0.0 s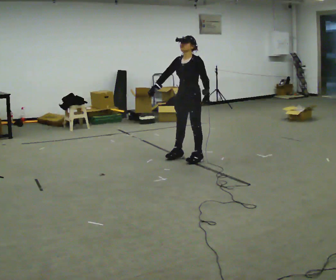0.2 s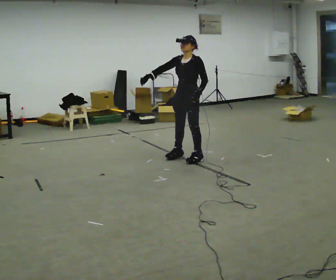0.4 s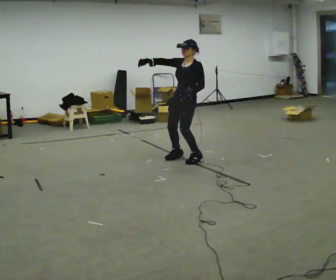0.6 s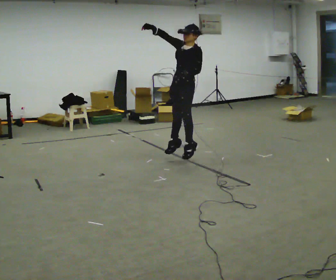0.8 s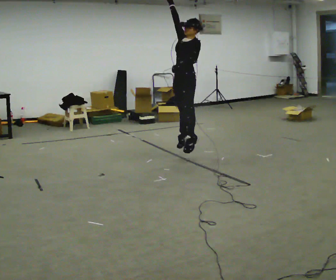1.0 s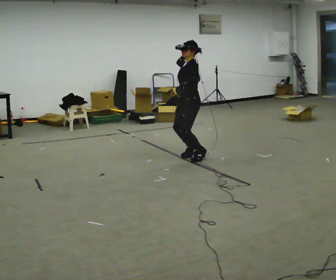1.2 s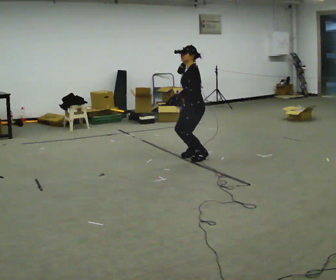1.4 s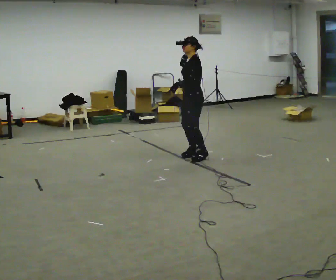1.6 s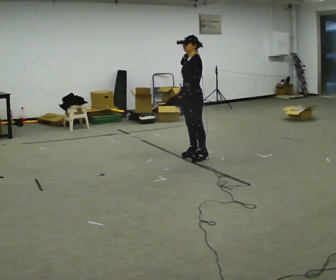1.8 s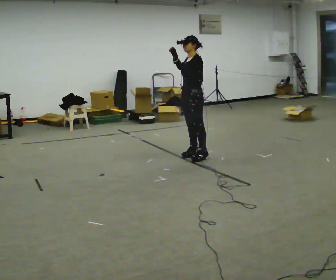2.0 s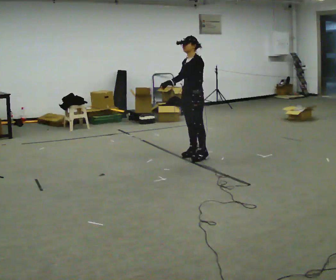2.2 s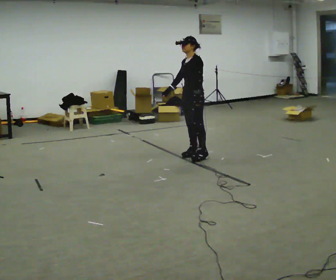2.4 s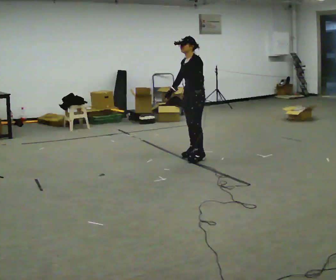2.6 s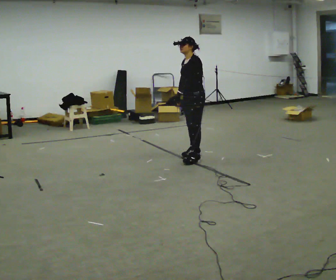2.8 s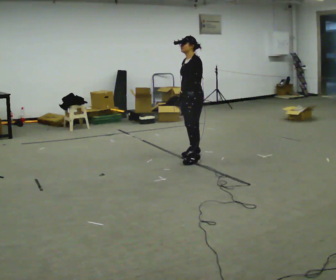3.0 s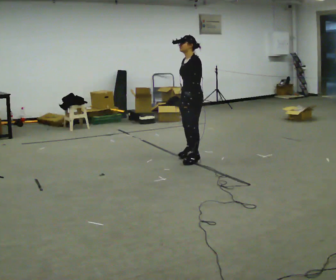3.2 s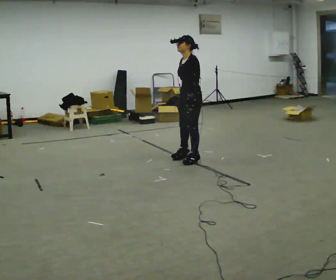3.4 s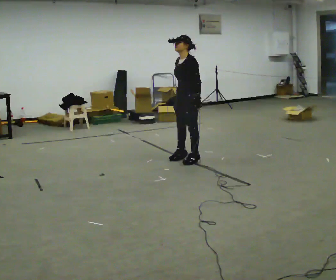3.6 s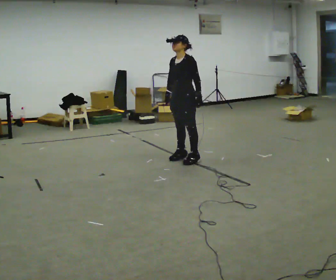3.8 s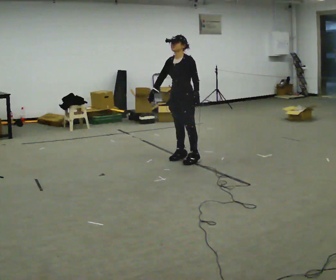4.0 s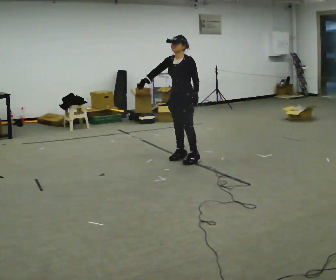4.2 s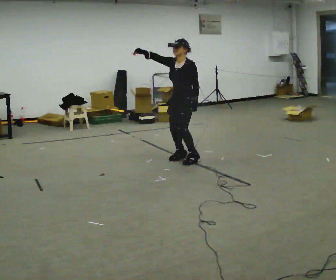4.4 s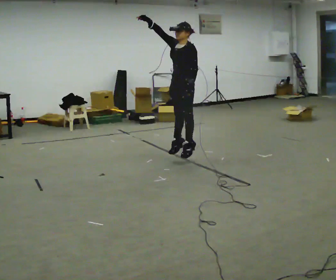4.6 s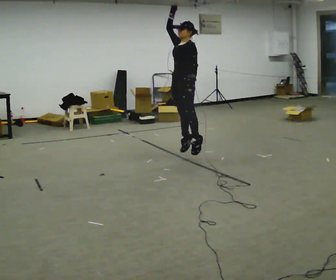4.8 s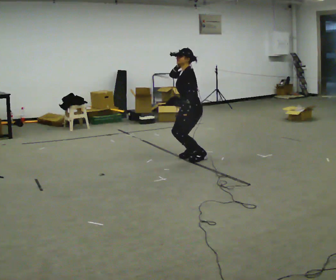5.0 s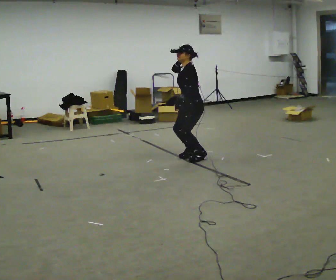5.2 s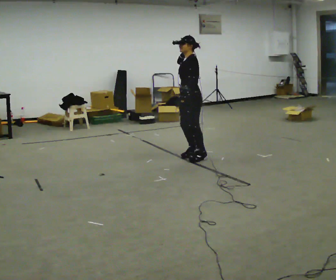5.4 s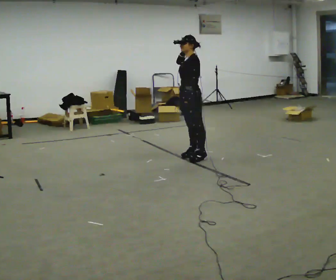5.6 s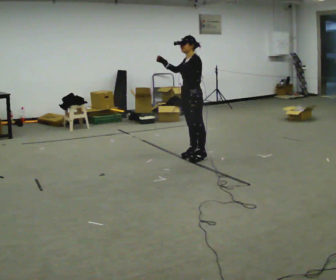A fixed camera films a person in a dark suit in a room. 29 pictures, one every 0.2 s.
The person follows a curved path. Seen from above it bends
counterclockwise.
0.0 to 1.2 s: Seen from above the body turns clockwise, about 45 degrees: to their right, with its near side sliding to the left. In the picture their right hand goes to the right and upward.
1.2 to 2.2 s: In the picture their right hand goes downward.
2.2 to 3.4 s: In the picture they go toward the camera, about 0.25 m in 2 steps, which for them is to their left and forward.
3.4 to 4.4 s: In the picture their right hand goes upward and to the left, the arm swinging clockwise.
4.4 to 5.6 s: In the picture their right hand goes downward.
The film runs backward here.
